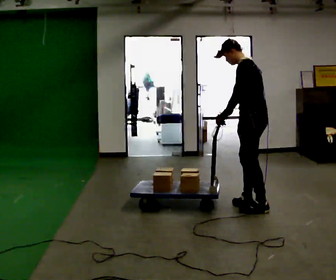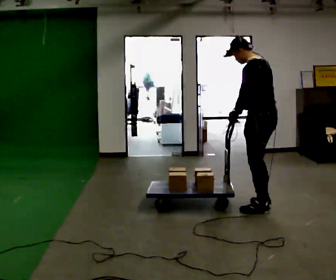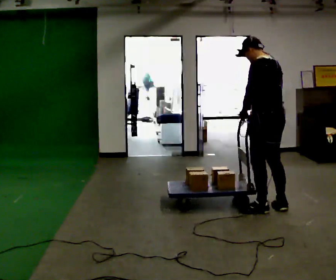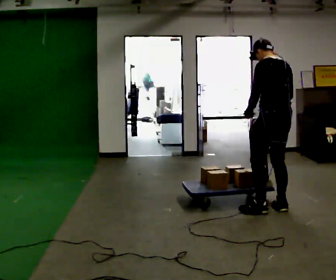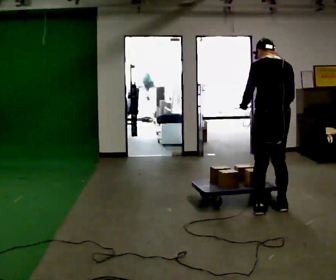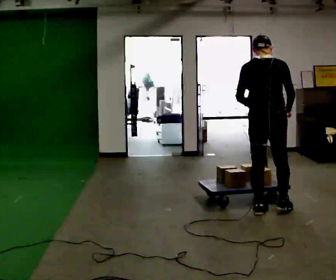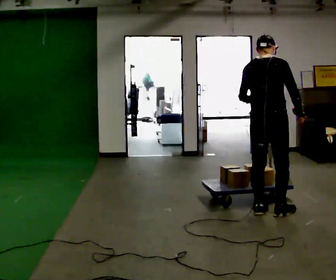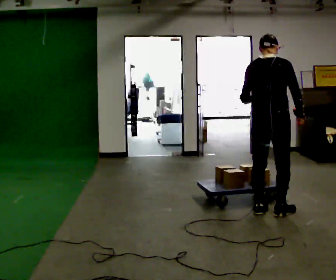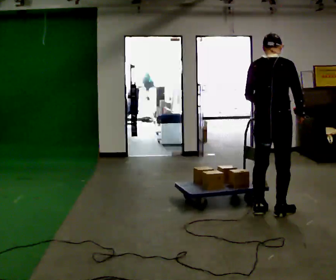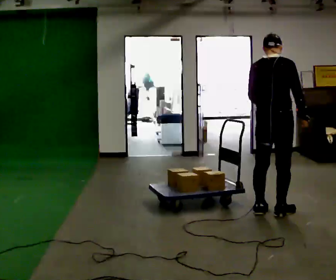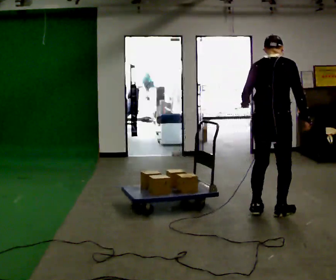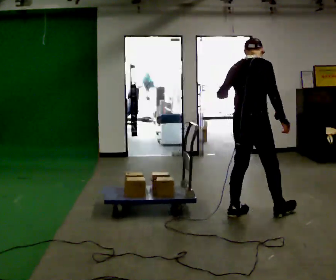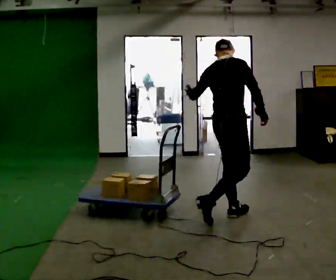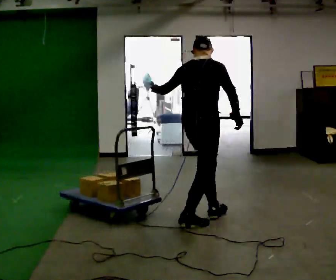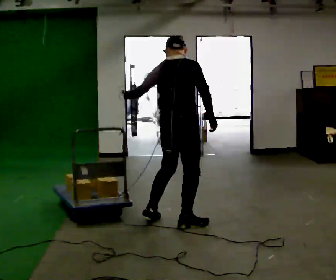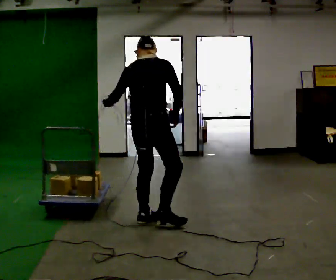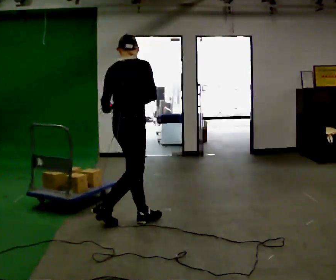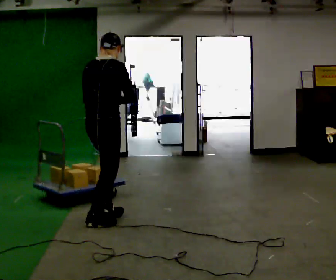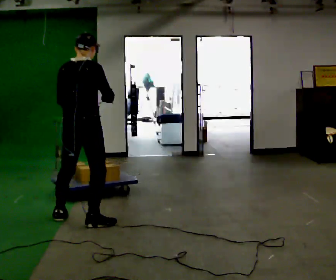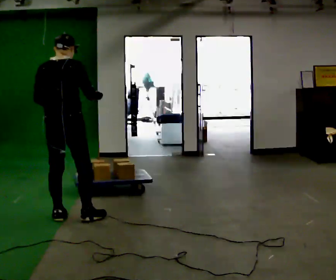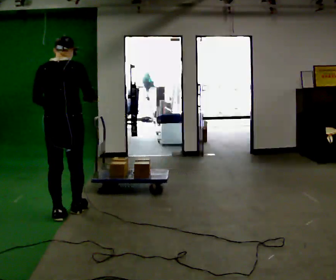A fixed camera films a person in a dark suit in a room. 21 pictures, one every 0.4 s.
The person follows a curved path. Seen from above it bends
clockwise.
The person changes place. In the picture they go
to the left.
0.0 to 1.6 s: Seen from above the body turns clockwise, about 60 degrees: to their right, with its near side sliding to the left. In the picture they go to the right, about 0.25 m in 1 step, which for them is backward. In the picture their right hand goes to the right.
1.6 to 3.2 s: The person turns about 45 degrees to their right, clockwise seen from above, so the part of the body nearest the lens slides to the left.
3.2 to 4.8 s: In the picture they go to the left, about 0.5 m in 2 steps, which for them is backward and to their left.
4.8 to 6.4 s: In the picture they go to the left, about 1 m in 2 steps, which for them is backward and to their left.
6.4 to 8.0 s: Seen from above the body turns counterclockwise, about 60 degrees: to their left, with its near side sliding to the right. In the picture they go to the left, about 0.5 m in 2 steps, which for them is to their left.
The film runs backward here.
